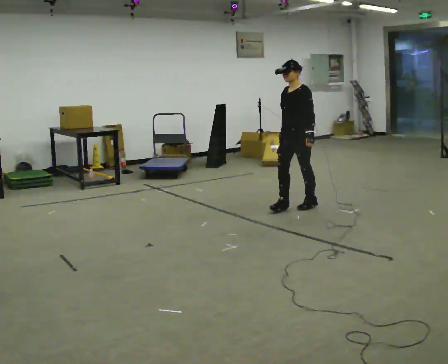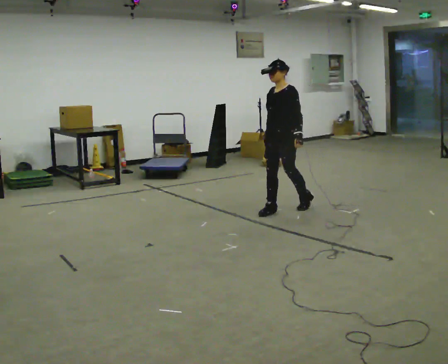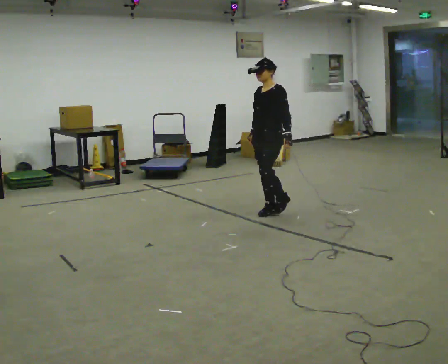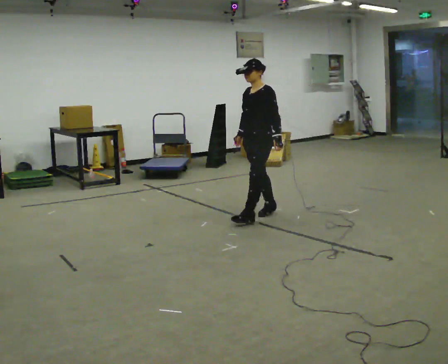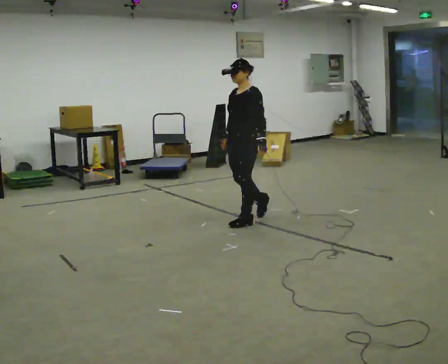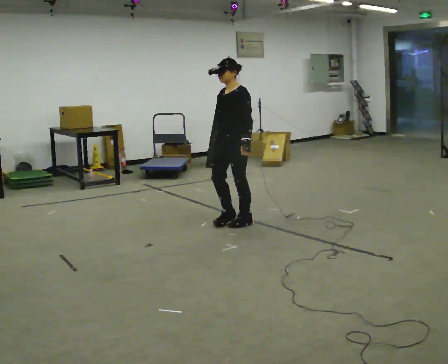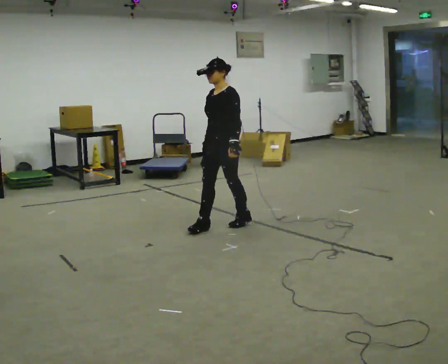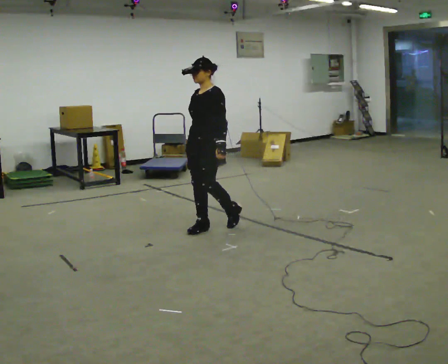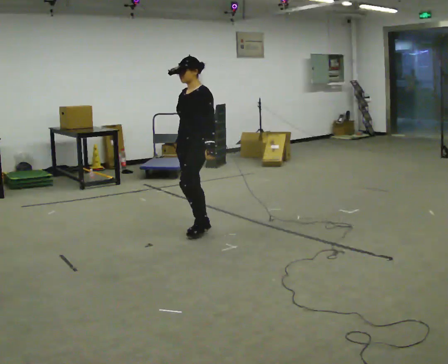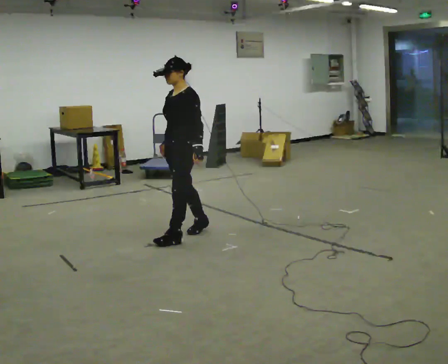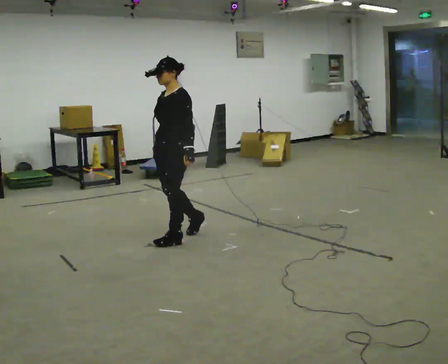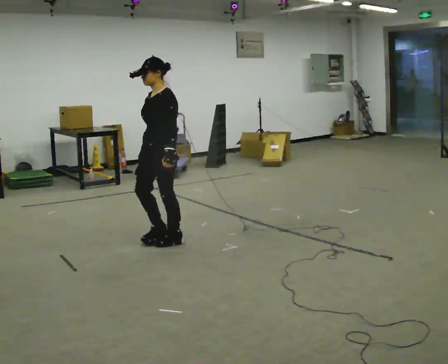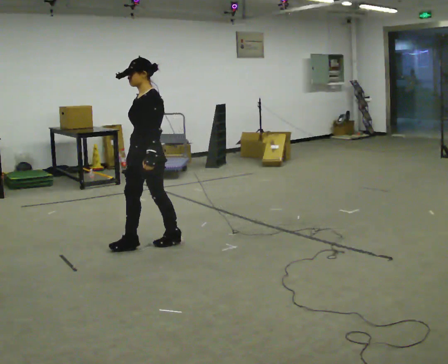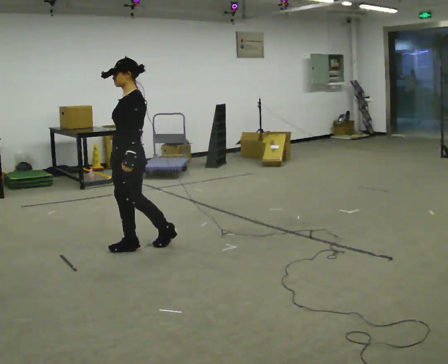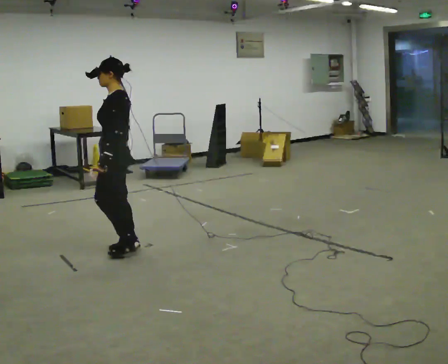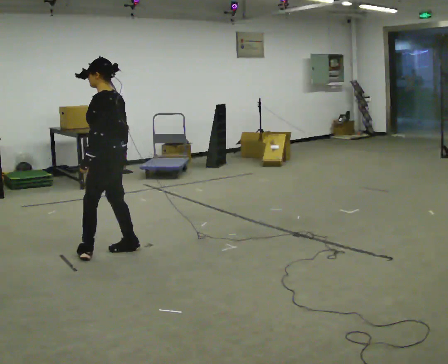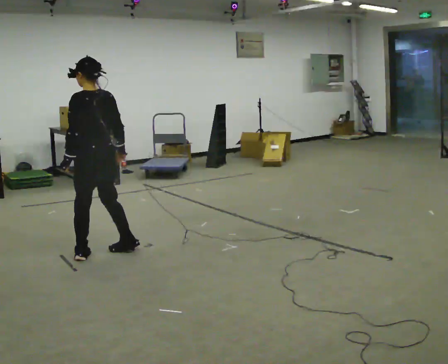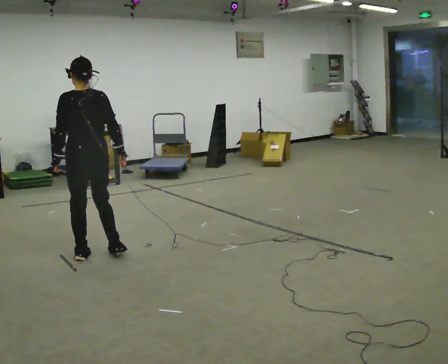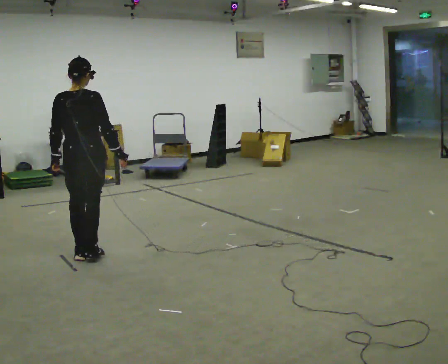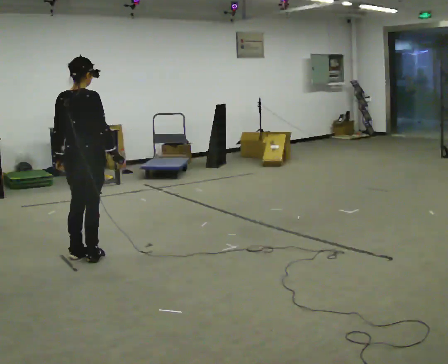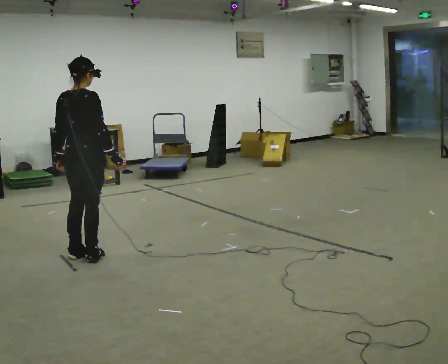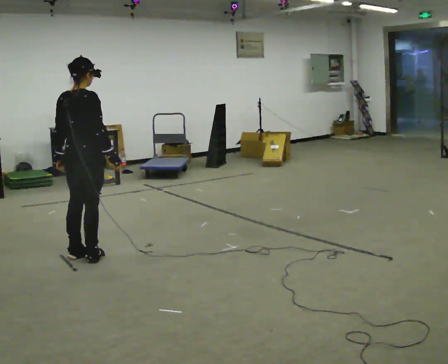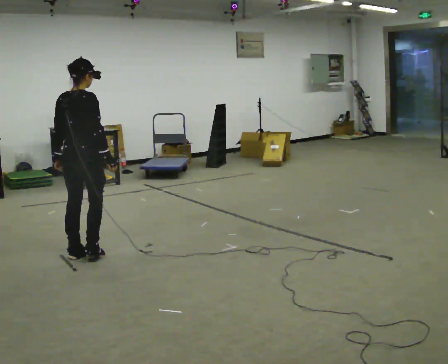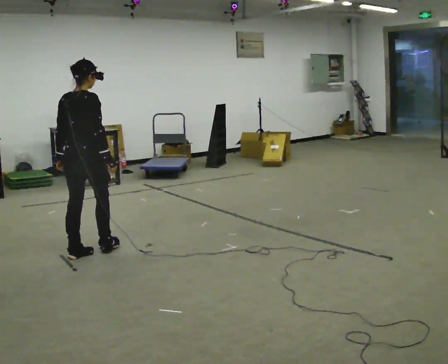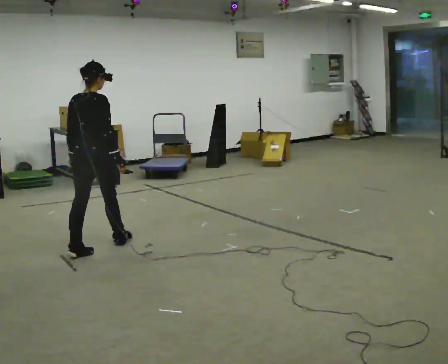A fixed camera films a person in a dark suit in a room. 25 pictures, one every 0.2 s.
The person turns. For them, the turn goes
to their right.
The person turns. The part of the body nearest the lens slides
to the left.
0.0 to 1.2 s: In the picture they go to the left and toward the camera, about 1 m in 3 steps, which for them is forward.
1.2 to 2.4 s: In the picture they go to the left and toward the camera, about 1 m in 2 steps, which for them is forward.
2.4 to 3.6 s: Seen from above the body turns clockwise, about 120 degrees: to their right, with its near side sliding to the left. In the picture they go to the left and toward the camera, about 0.5 m in 2 steps.
3.6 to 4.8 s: The person moves a little, or ends about where they began.
The film runs forward here.
